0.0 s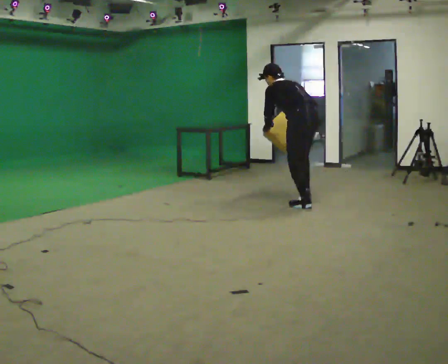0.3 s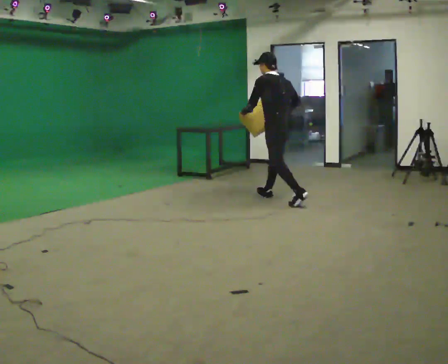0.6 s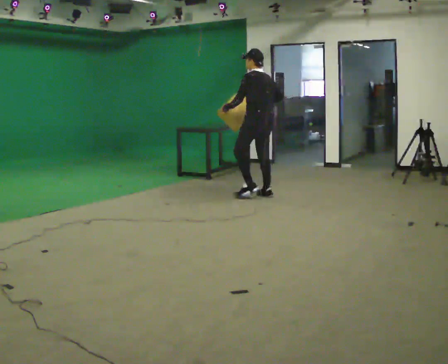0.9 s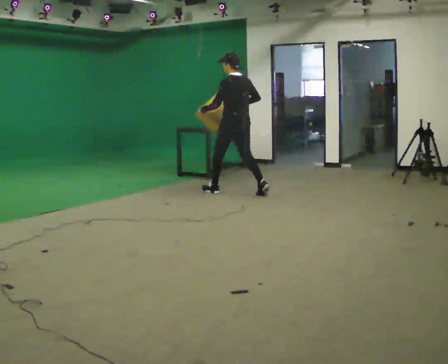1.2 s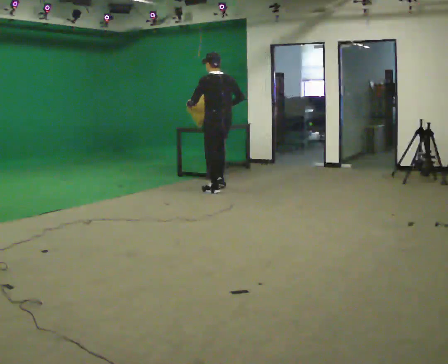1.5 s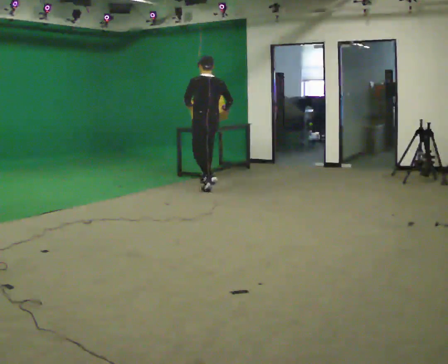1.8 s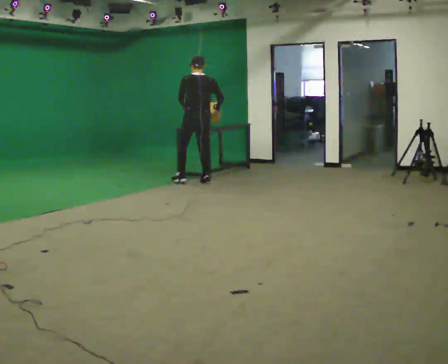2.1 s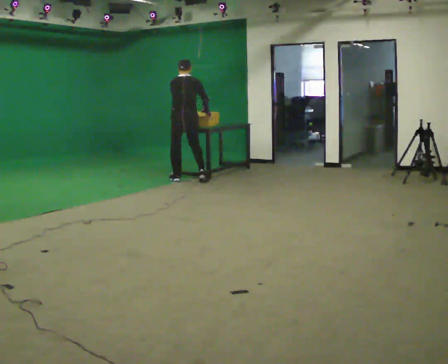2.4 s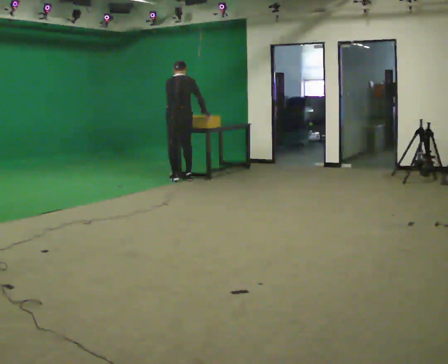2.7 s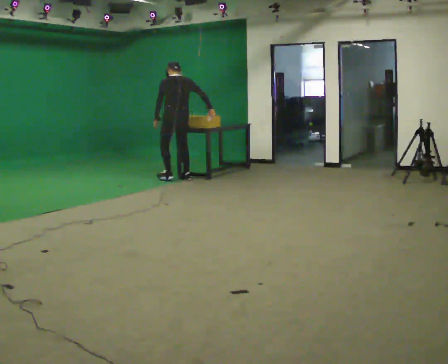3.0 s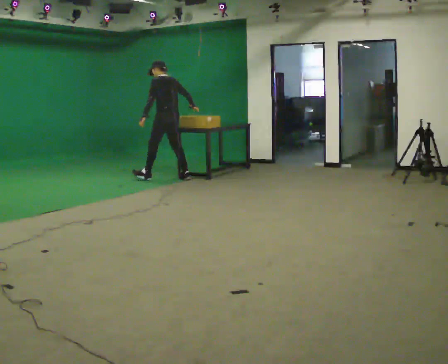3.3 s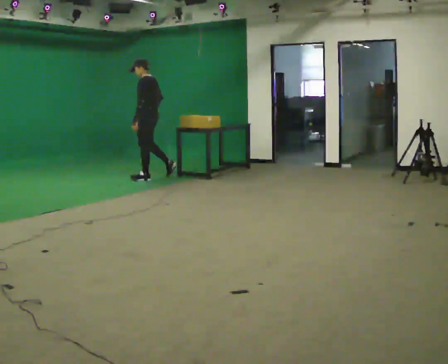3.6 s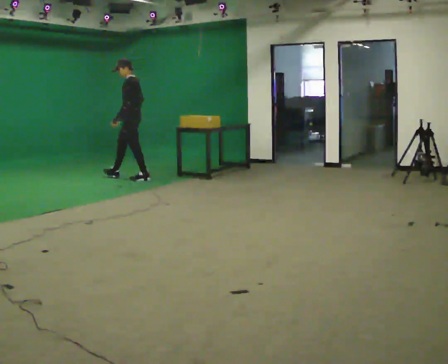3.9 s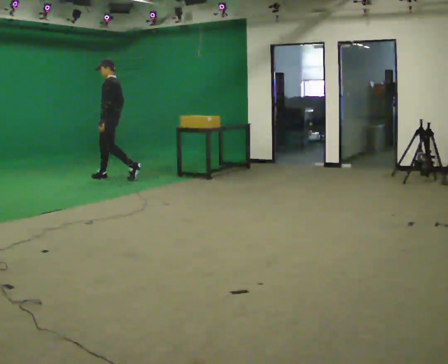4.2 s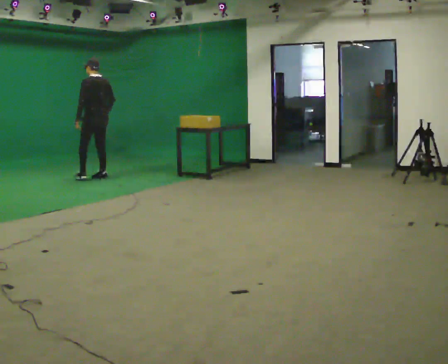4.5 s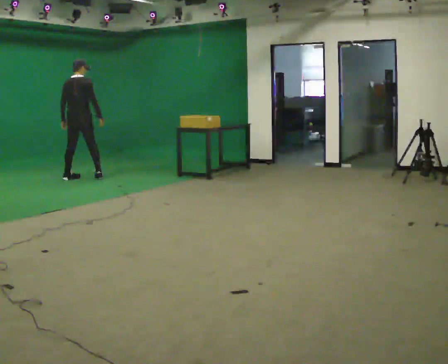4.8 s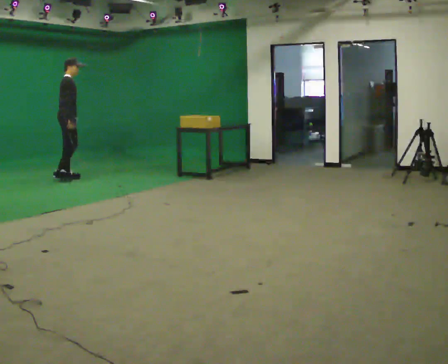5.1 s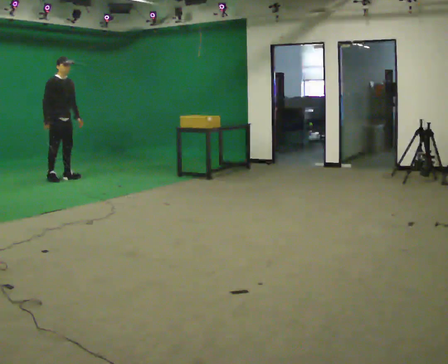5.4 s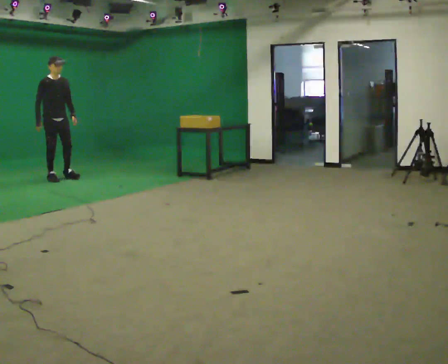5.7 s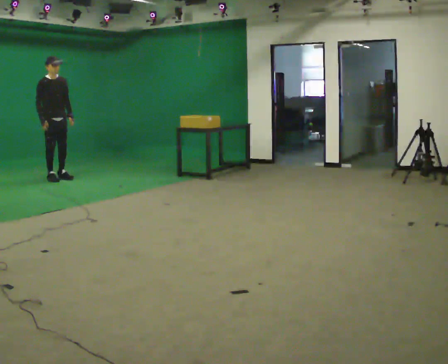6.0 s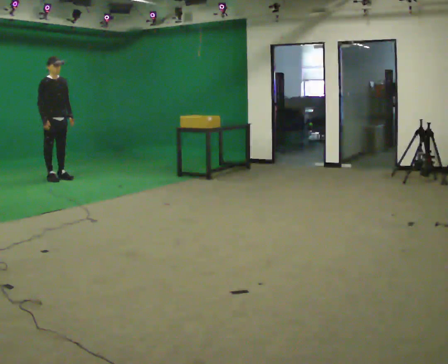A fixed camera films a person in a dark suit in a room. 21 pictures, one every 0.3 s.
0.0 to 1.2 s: In the picture they go away from the camera and to the left, about 1.5 m in 2 steps, which for them is forward. The upper body tips toward the camera, its near side rolling downward, as they lean back or straighten.
1.2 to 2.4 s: The part of the body nearest the lens slides to the left as the person turns to their right by about 45 degrees. In the picture they go away from the camera and to the left, about 1 m in 3 steps, which for them is forward and to their left. The upper body tips away from the camera, its near side rolling upward, as they bend forward.
2.4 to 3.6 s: The part of the body nearest the lens slides to the right as the person turns to their left by about 105 degrees. In the picture they go to the left, about 0.5 m in 1 step. The upper body tips toward the camera, its near side rolling downward.
3.6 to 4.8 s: The part of the body nearest the lens slides to the left as the person turns to their right by about 165 degrees. In the picture they go to the left, about 1 m in 2 steps.
4.8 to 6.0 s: Seen from above the body turns clockwise, about 60 degrees: to their right, with its near side sliding to the left. In the picture they go to the left, about 0.25 m in 1 step, which for them is to their right.
The film runs forward here.
